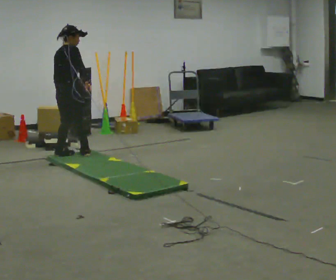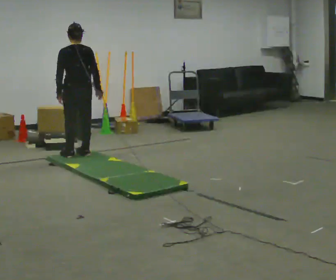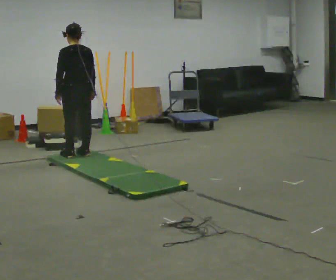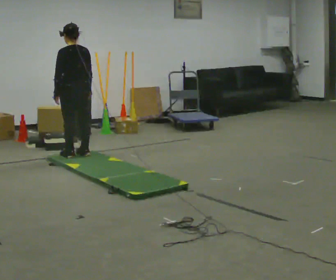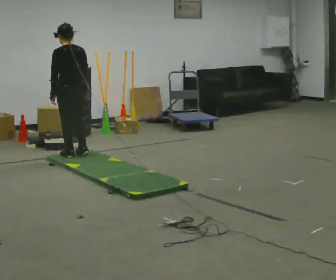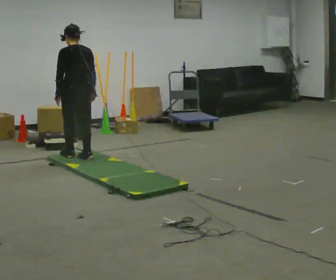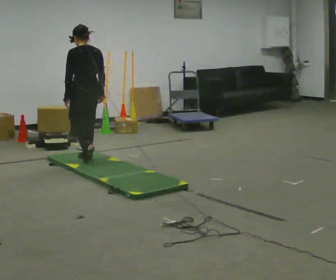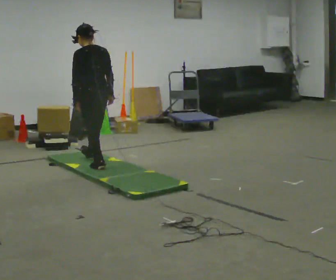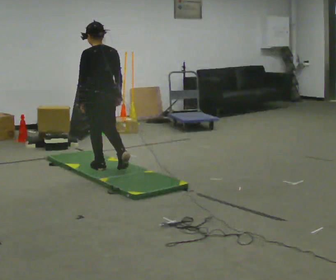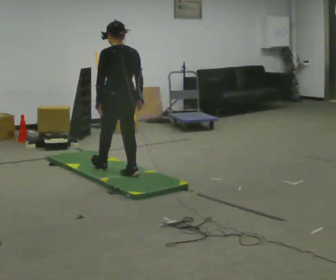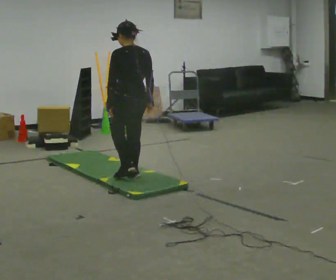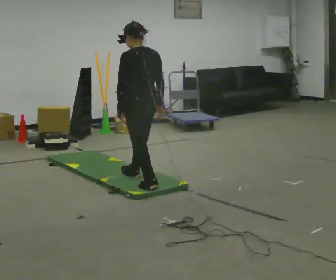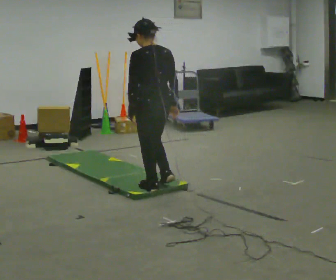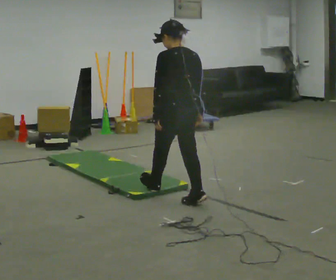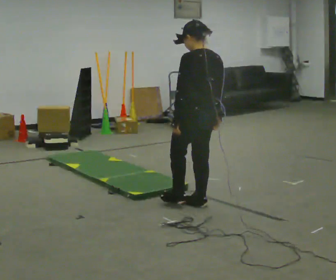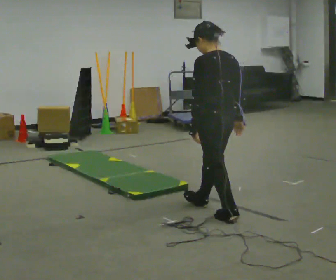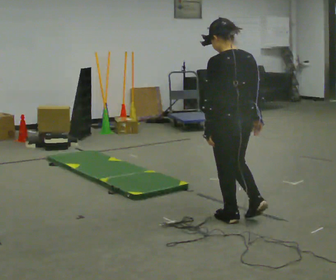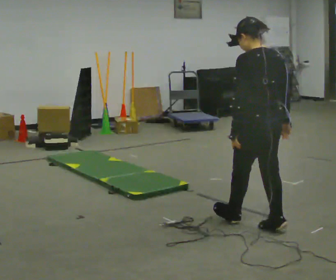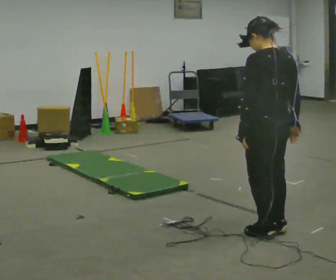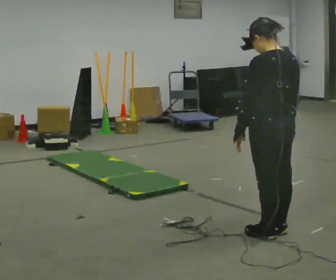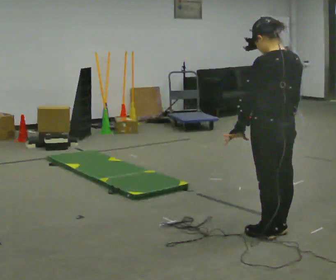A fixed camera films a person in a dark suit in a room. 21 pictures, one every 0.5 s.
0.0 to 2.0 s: Seen from above the body turns counterclockwise, about 75 degrees: to their left, with its near side sliding to the right.
2.0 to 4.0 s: In the picture they go toward the camera and to the right, about 0.75 m in 2 steps, which for them is backward.
4.0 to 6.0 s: In the picture they go toward the camera and to the right, about 1 m in 2 steps, which for them is backward.
6.0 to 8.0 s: In the picture they go toward the camera and to the right, about 1 m in 2 steps, which for them is backward.
8.0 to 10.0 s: In the picture they go toward the camera and to the right, about 0.5 m in 1 step, which for them is backward.
The film runs backward here.
